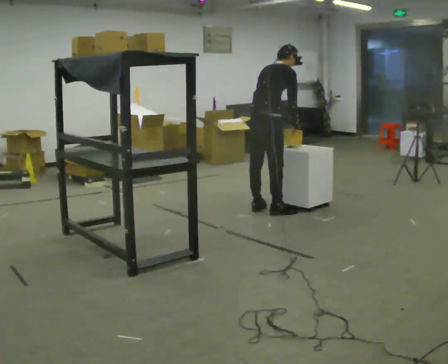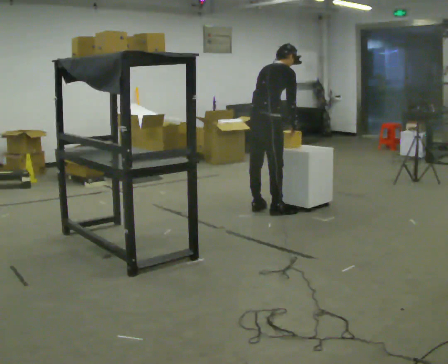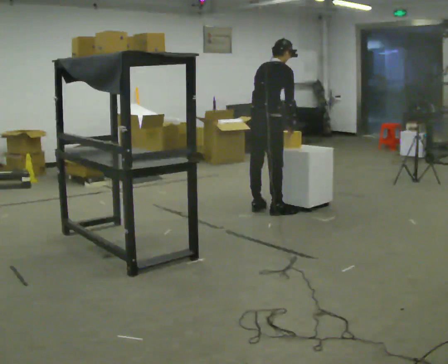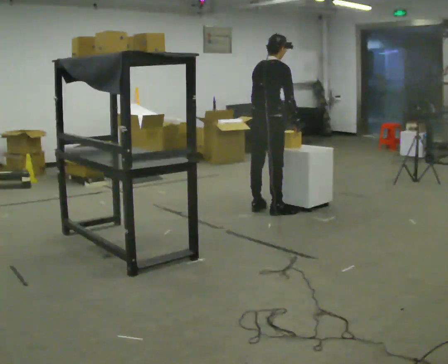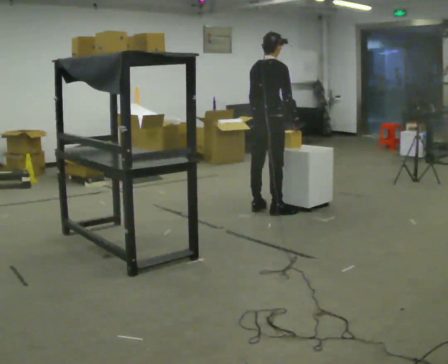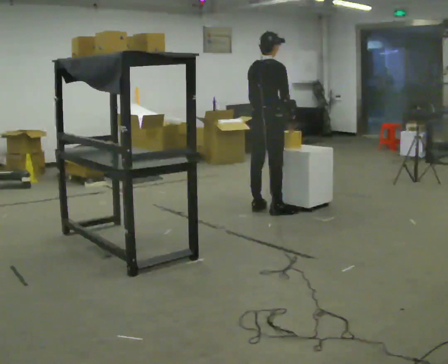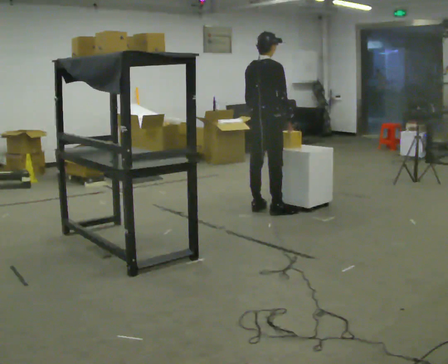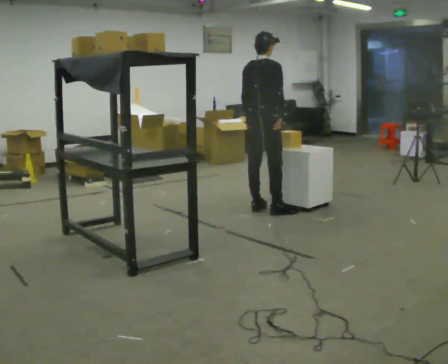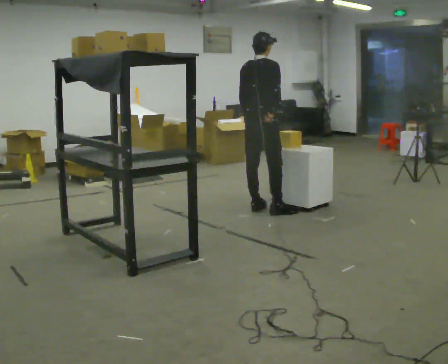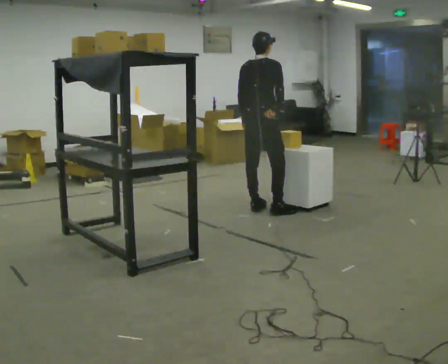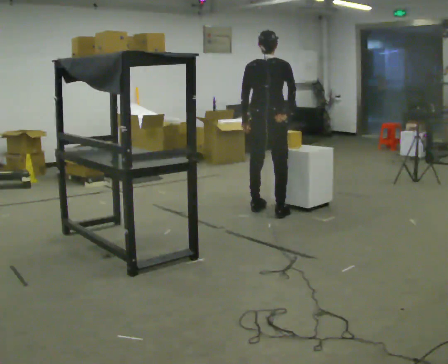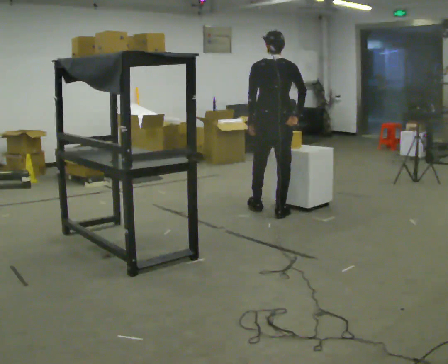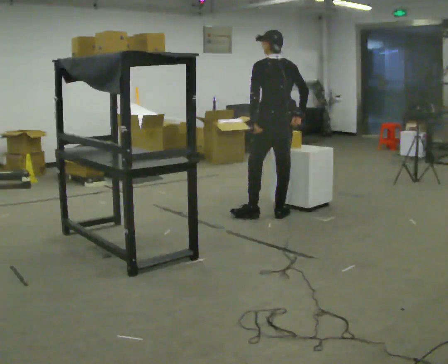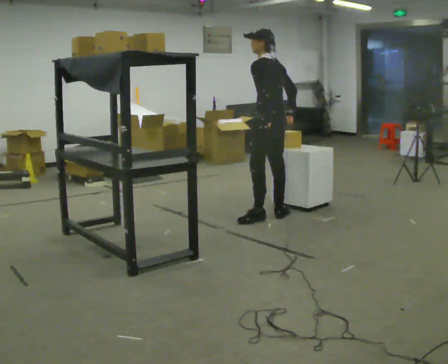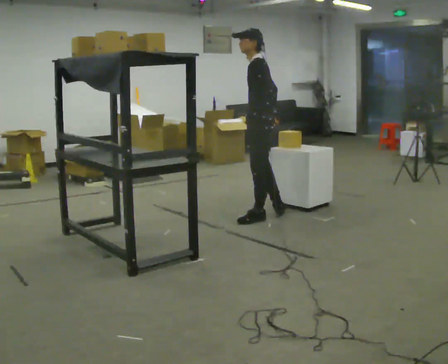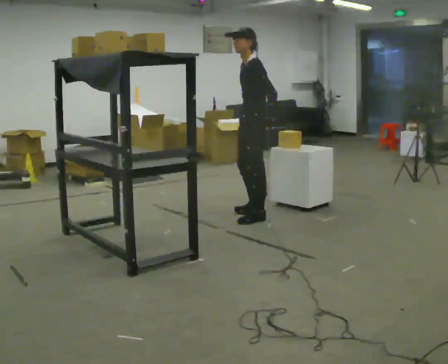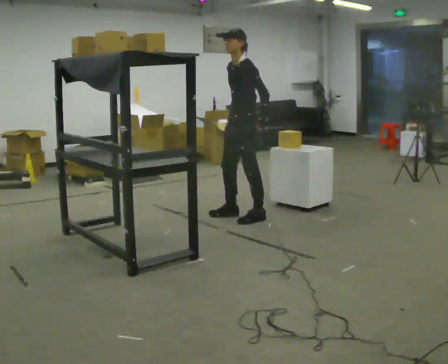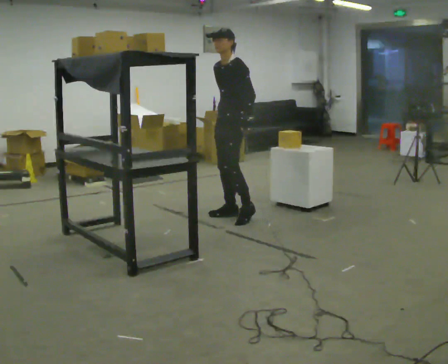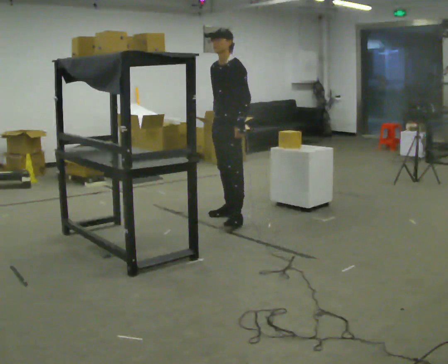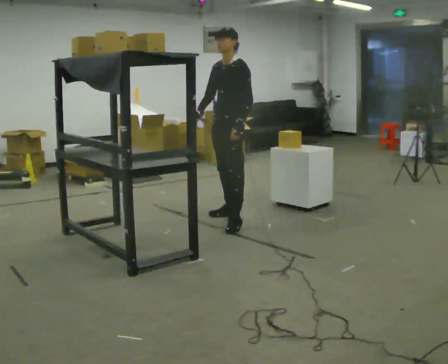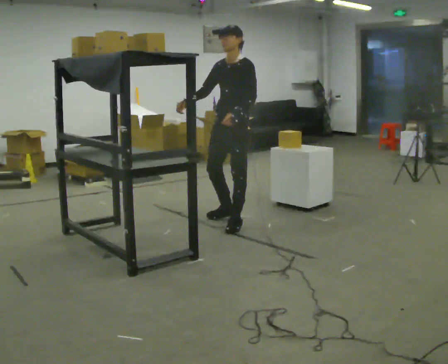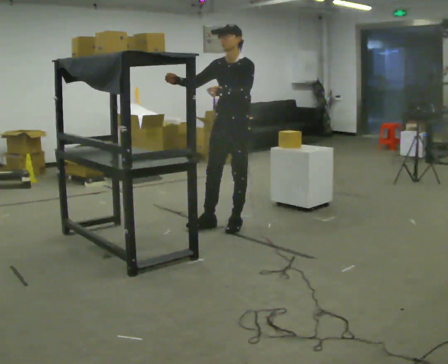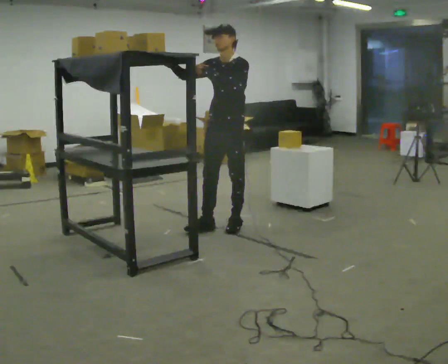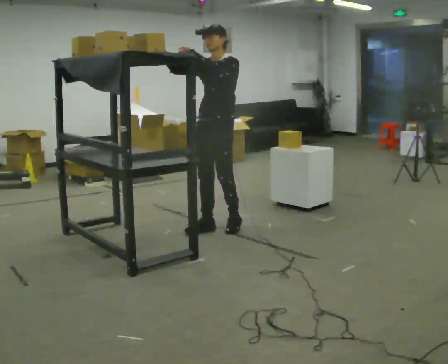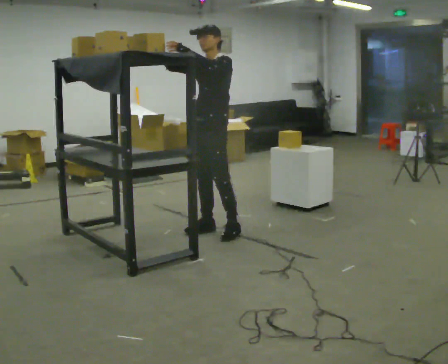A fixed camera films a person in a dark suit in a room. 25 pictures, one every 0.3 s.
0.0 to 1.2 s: The upper body tips toward the camera, its near side rolling downward, as they lean back or straighten.
1.2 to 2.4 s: The person moves a little, or ends about where they began.
2.4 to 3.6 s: The part of the body nearest the lens slides to the right as the person turns to their left by about 60 degrees. In the picture they go toward the camera and to the right, about 0.25 m, which for them is to their right and backward.
3.6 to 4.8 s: The person turns about 90 degrees to their left, counterclockwise seen from above, so the part of the body nearest the lens slides to the right. In the picture they go to the left, about 0.25 m in 2 steps.
4.8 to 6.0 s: In the picture they go toward the camera, about 0.25 m in 1 step, which for them is forward. In the picture their right hand goes to the left, the arm swinging clockwise.
6.0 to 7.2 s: In the picture they go toward the camera and to the left, about 0.25 m in 1 step, which for them is forward. In the picture their left hand goes upward.
The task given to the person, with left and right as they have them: Reach up into the bin on the top shelf, take out one object at a time, and carry it to the table. Keep going until the operator says stop; one object at a time, and do not rush between trips.
The film runs forward here.
